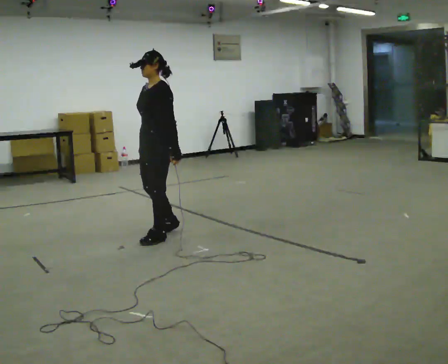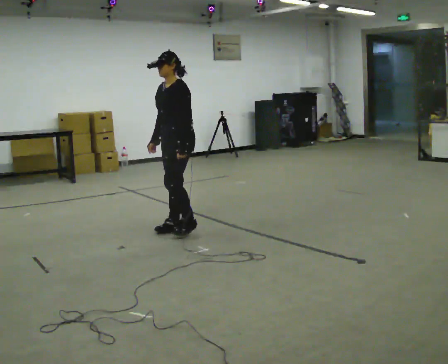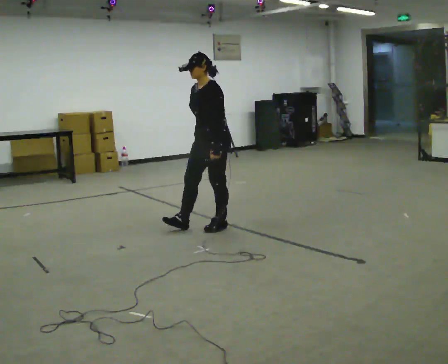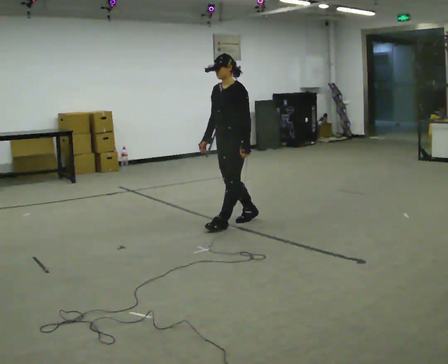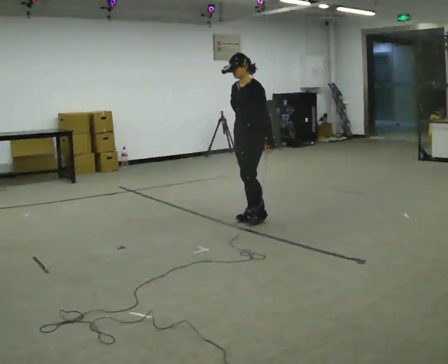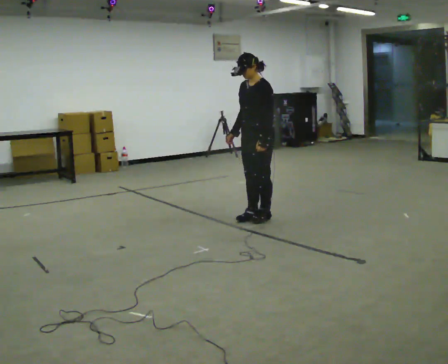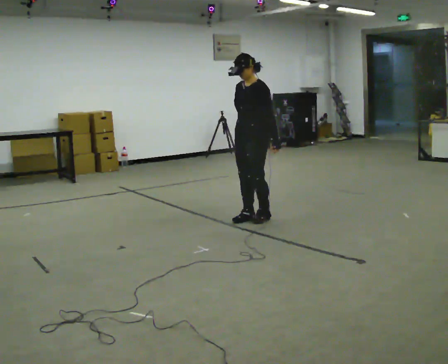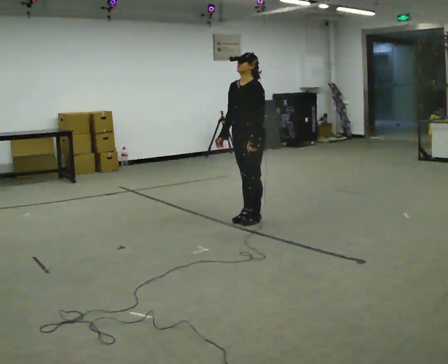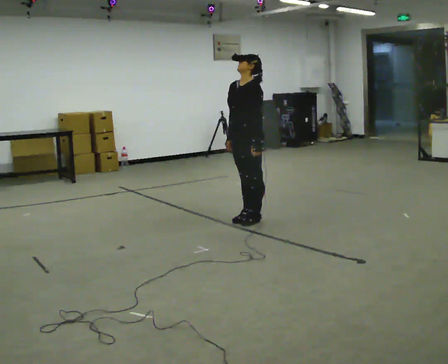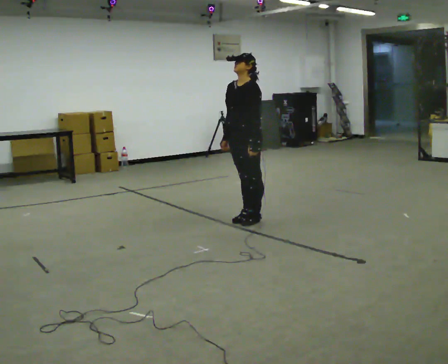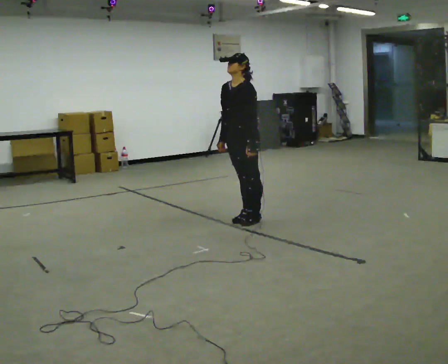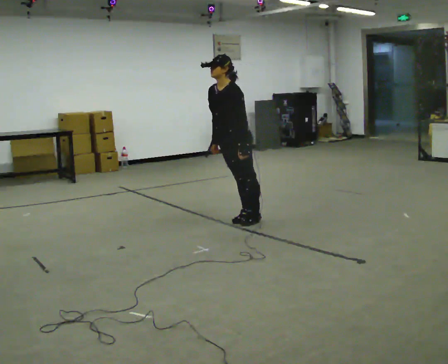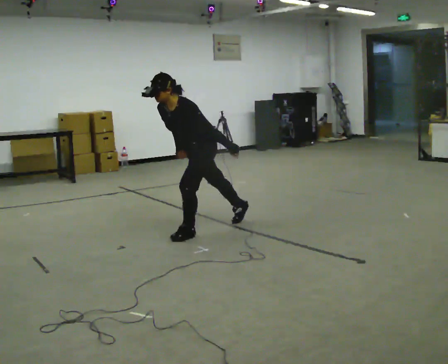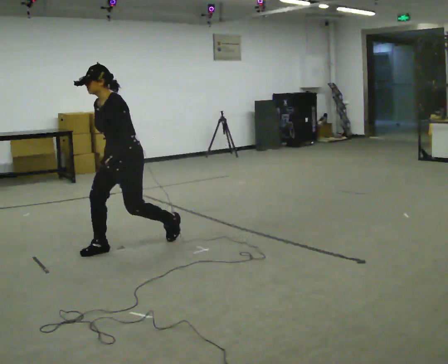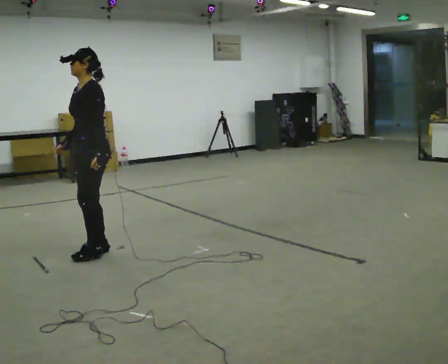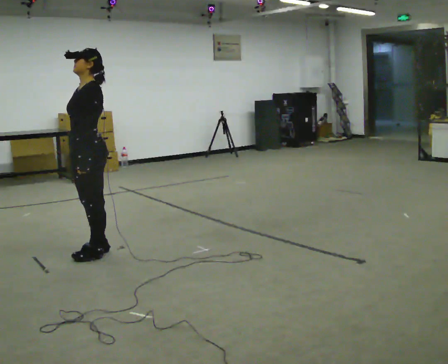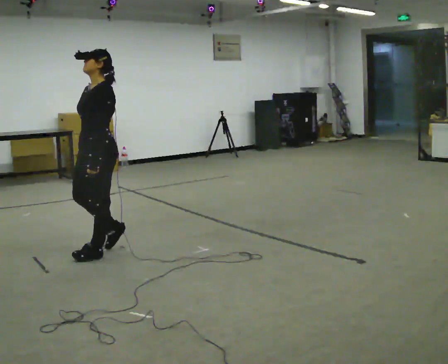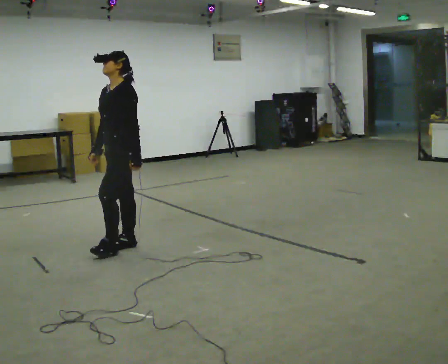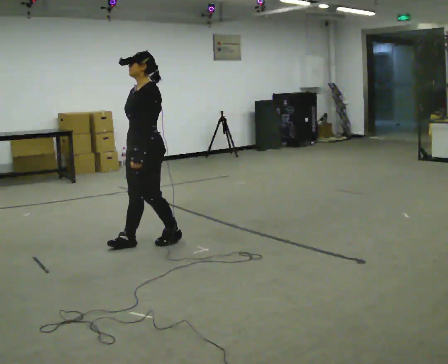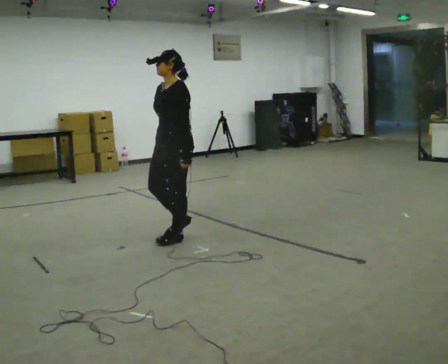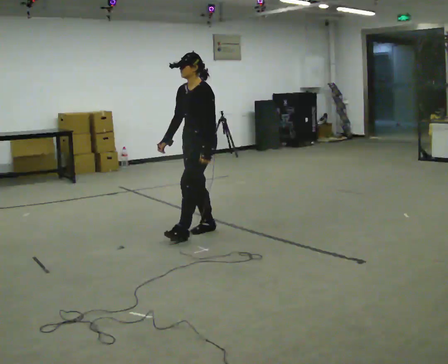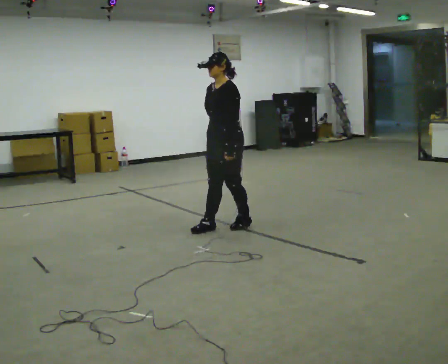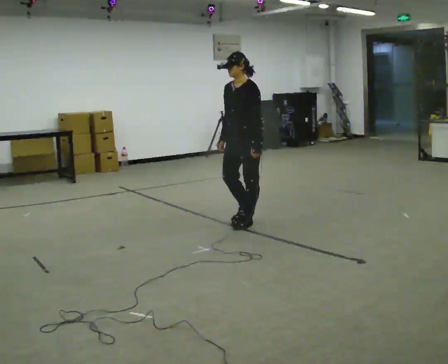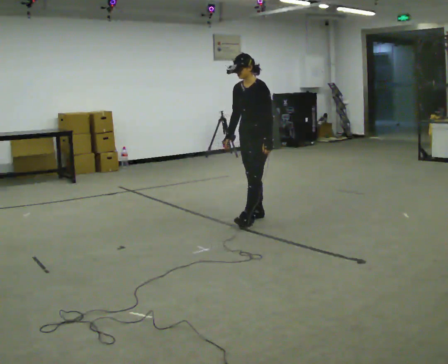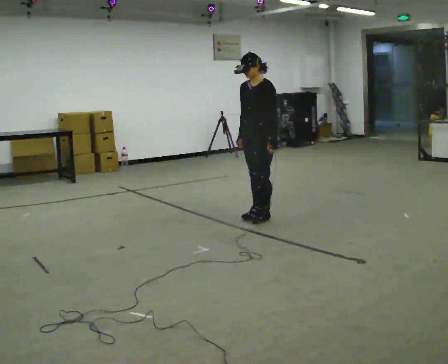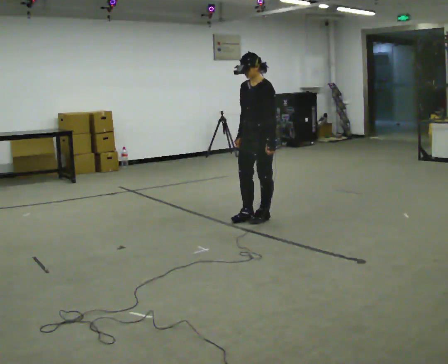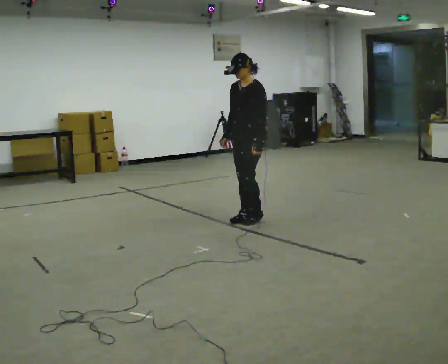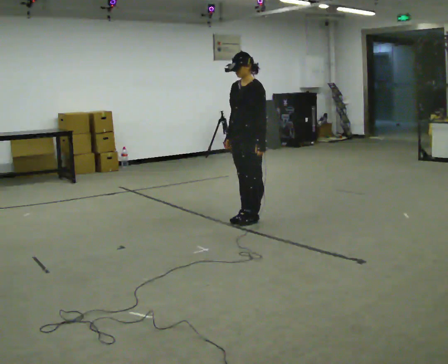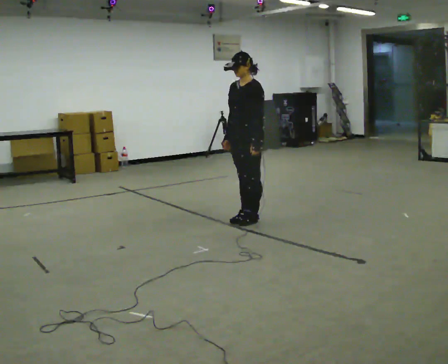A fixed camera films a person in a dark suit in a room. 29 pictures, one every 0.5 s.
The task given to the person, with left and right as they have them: Stand on the marked spots with your feet together. Lean forward from the ankles, keeping your body straight, until you cannot hold it any longer, then step forward to catch yourself. Return to the spots. Repeat at your own pace until the operator says stop. Go slowly and only as far as you are comfortable. Step whenever you need to; do not try to hold on longer than feels safe.
0.0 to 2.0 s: In the picture they go to the right and away from the camera, about 1 m in 3 steps, which for them is backward.
2.0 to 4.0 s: The person moves a little, or ends about where they began.
4.0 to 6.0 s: In the picture they go to the left and toward the camera, about 0.5 m, which for them is forward. The shoulders move downward. In the picture the upper body tilts counterclockwise, shoulders to the left, as they bend forward.
6.0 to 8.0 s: In the picture they go to the left and toward the camera, about 1 m in 3 steps, which for them is forward. In the picture the upper body tilts clockwise, shoulders to the right, as they lean back or straighten.
8.0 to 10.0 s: In the picture they go to the right and away from the camera, about 1 m in 3 steps, which for them is backward.
10.0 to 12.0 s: In the picture they go to the right and away from the camera, about 0.75 m in 3 steps, which for them is backward.
12.0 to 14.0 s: The person moves a little, or ends about where they began.
The film runs forward here.
